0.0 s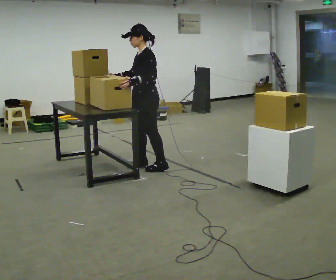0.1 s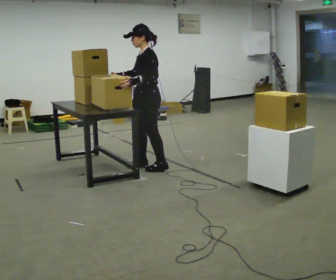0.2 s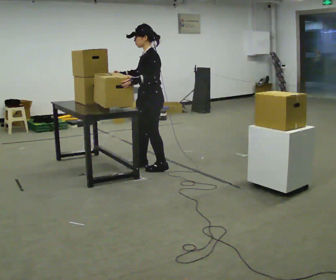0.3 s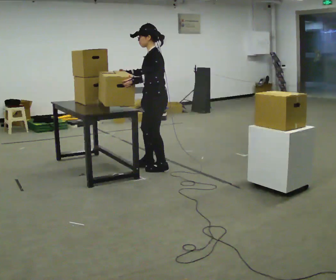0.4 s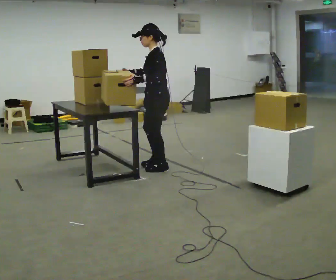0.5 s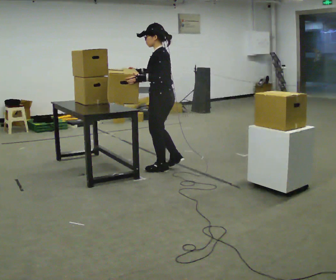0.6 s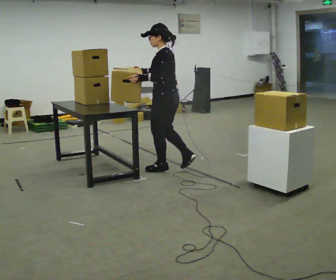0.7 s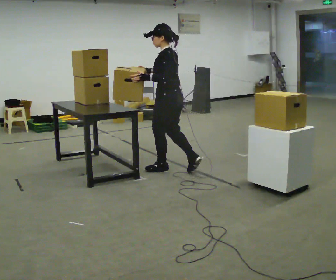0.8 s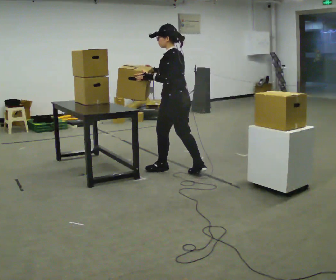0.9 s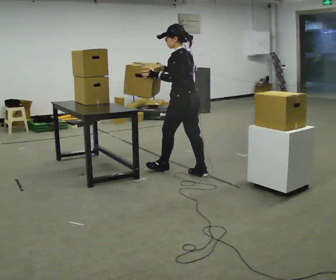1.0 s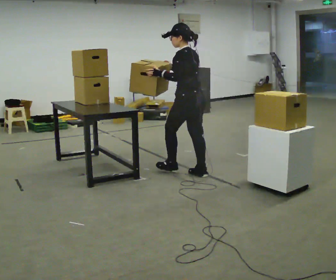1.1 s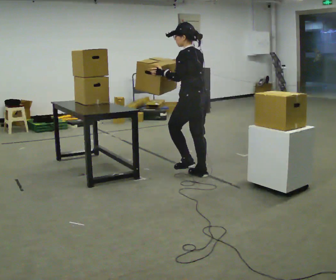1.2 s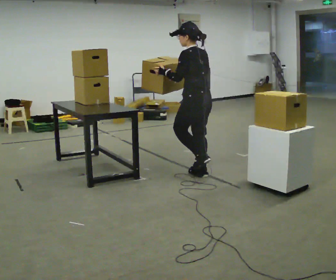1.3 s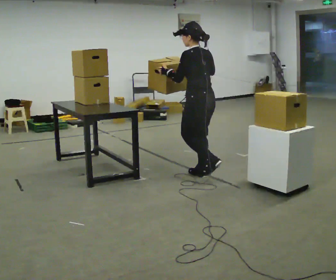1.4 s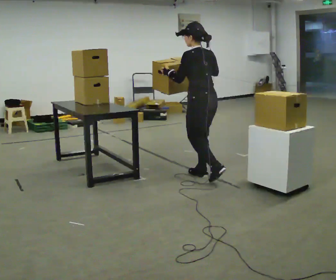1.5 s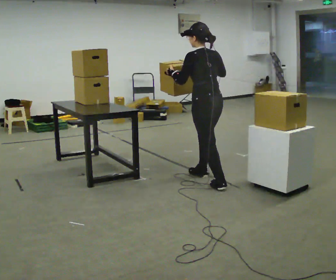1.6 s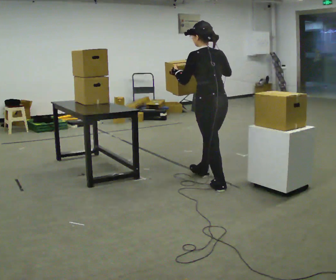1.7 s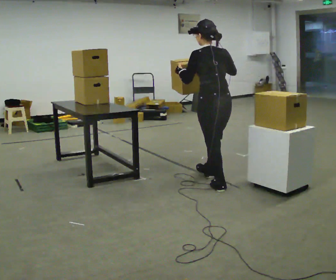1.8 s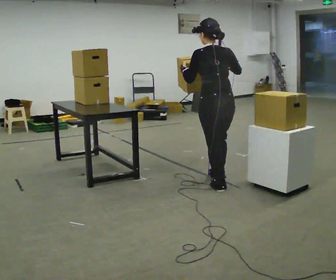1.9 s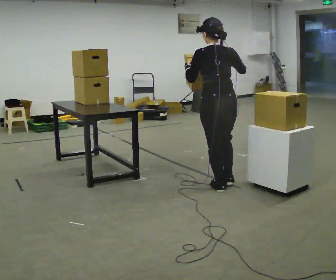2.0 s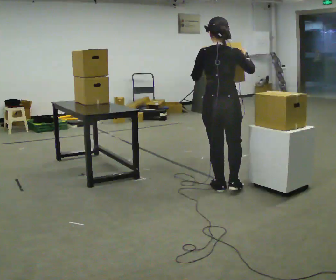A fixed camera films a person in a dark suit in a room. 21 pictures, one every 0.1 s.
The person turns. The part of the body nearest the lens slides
to the left.
The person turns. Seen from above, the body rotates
clockwise.
0.0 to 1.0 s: Seen from above the body turns clockwise, about 60 degrees: to their right, with its near side sliding to the left. In the picture they go to the right and toward the camera, about 0.5 m in 2 steps, which for them is backward.
1.0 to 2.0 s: Seen from above the body turns clockwise, about 60 degrees: to their right, with its near side sliding to the left. In the picture they go toward the camera and to the right, about 0.5 m in 1 step, which for them is backward.
The film runs backward here.
